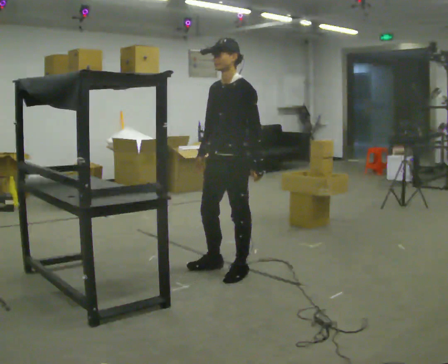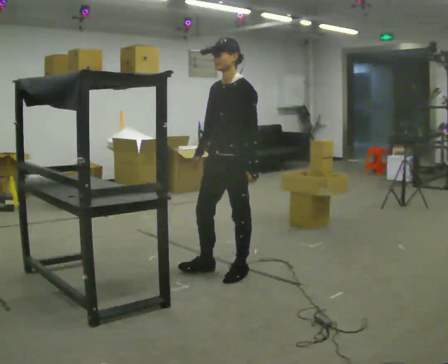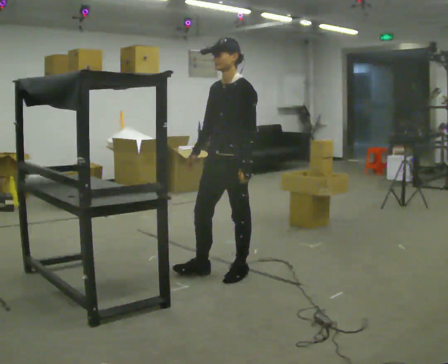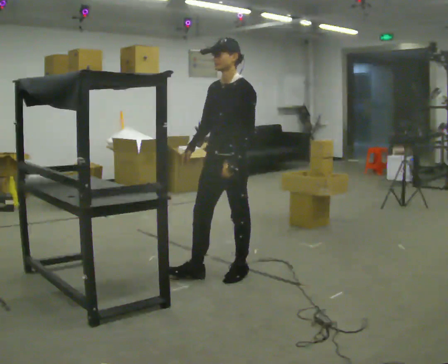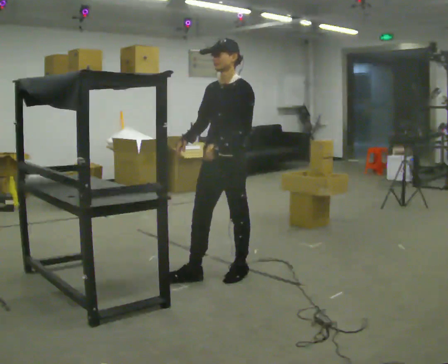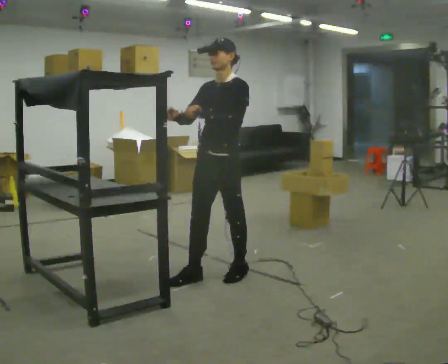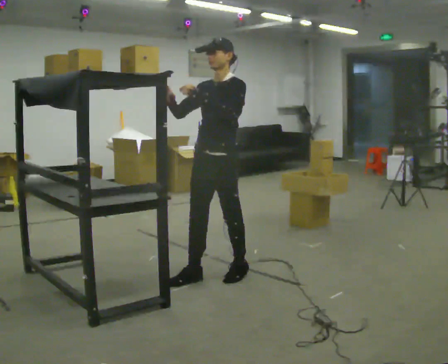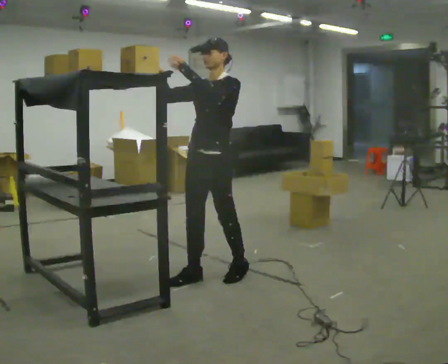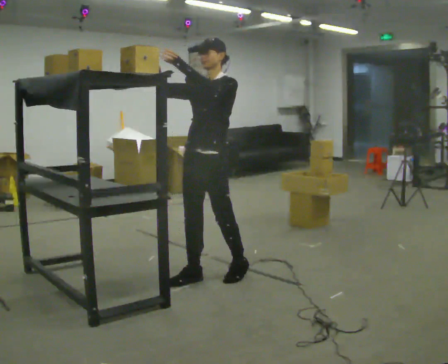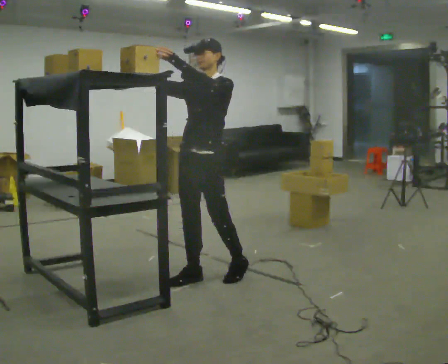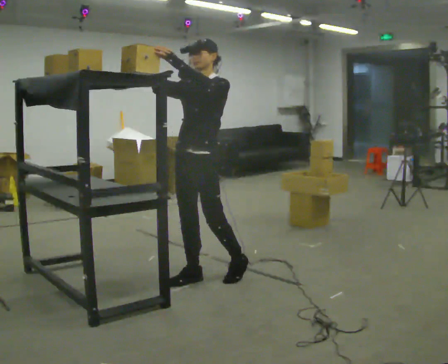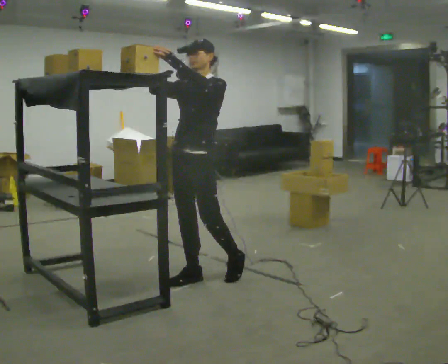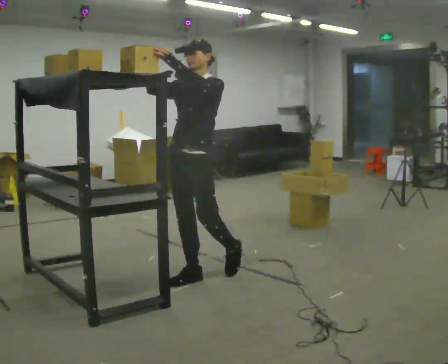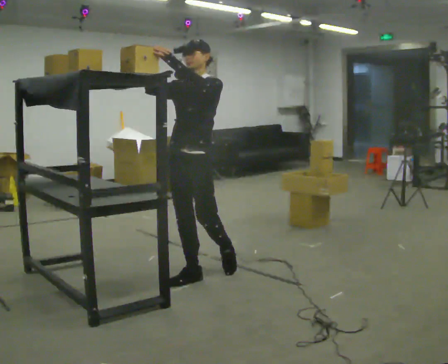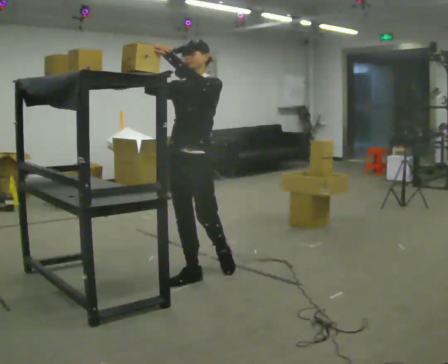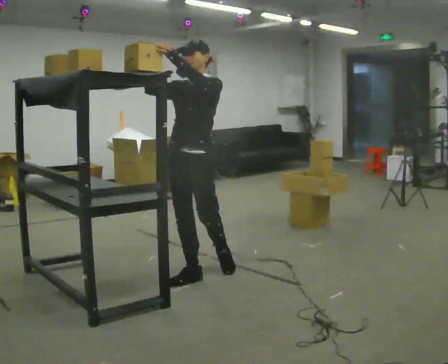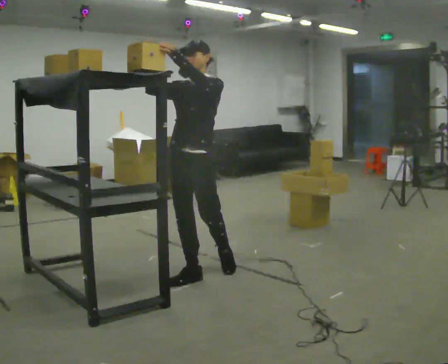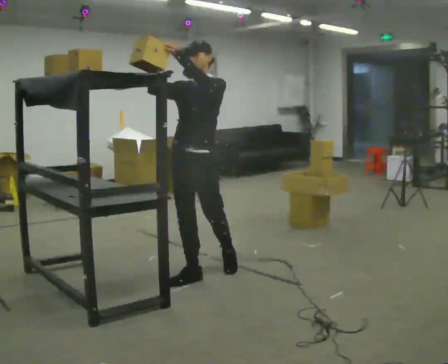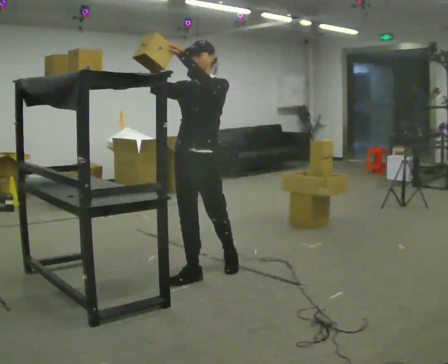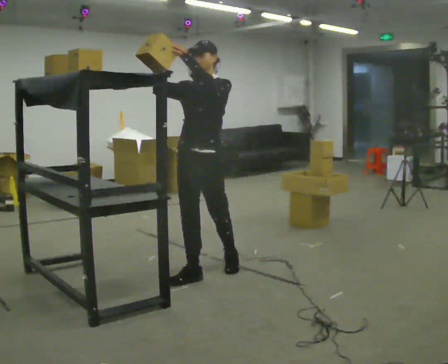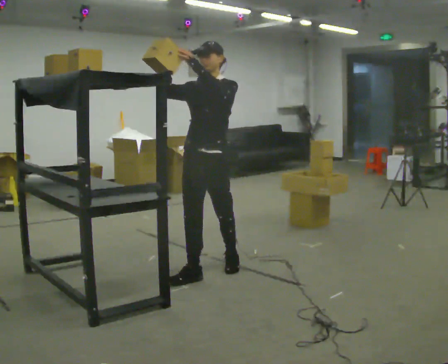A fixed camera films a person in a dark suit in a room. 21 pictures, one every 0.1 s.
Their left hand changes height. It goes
upward.
Their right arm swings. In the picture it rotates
clockwise.
0.0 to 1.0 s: In the picture they go to the left, about 0.25 m, which for them is forward. In the picture their right hand goes upward and to the left, the arm swinging clockwise.
1.0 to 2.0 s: The person moves a little, or ends about where they began.
The film runs backward here.
